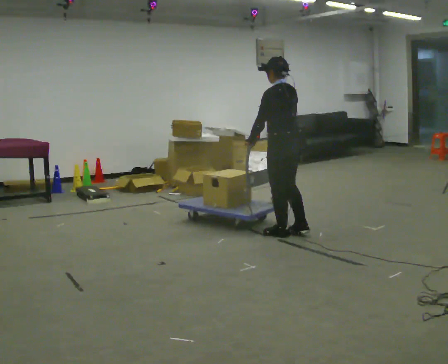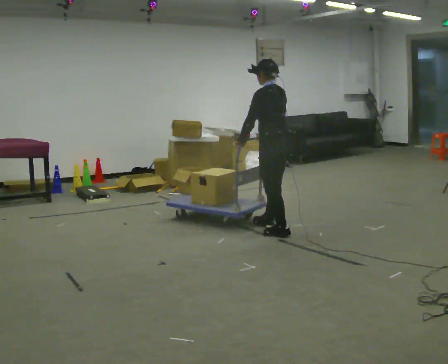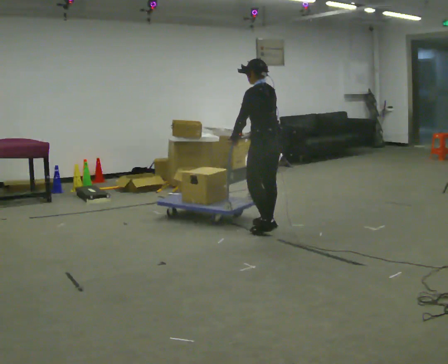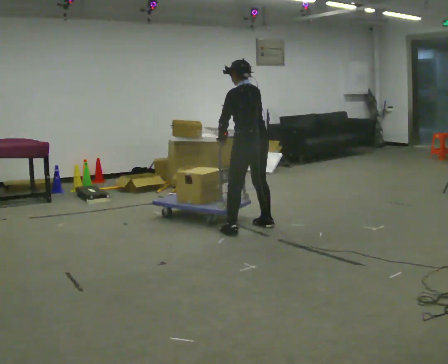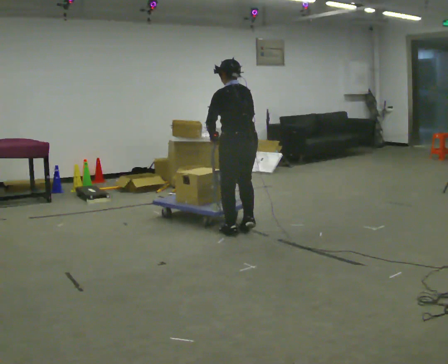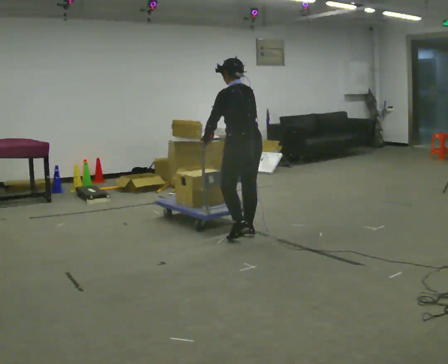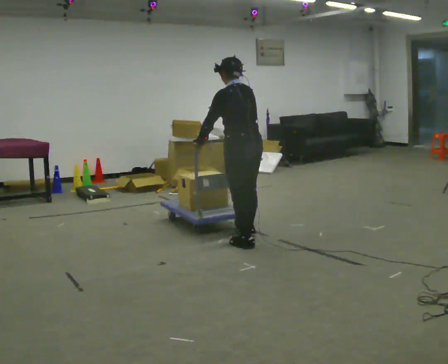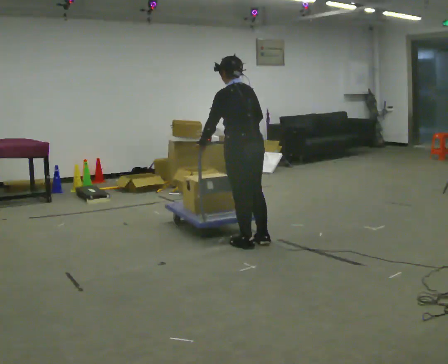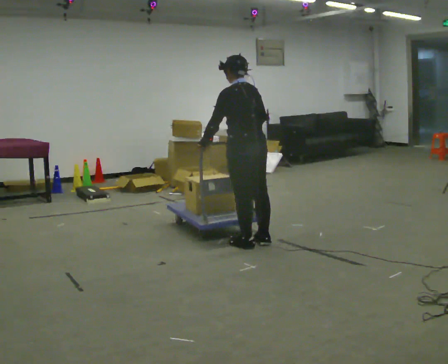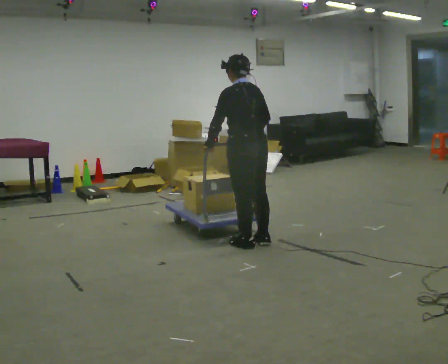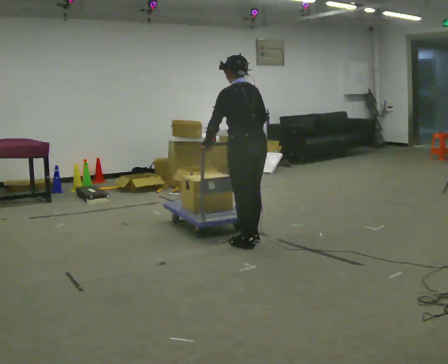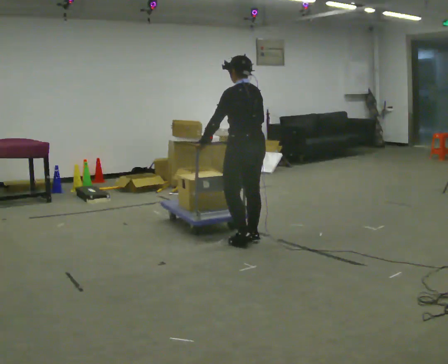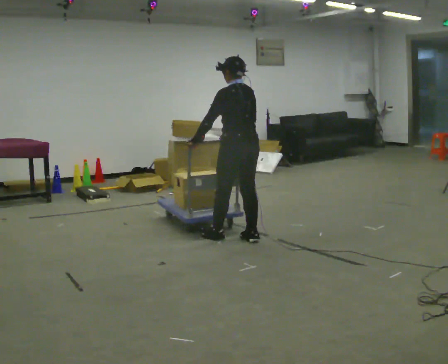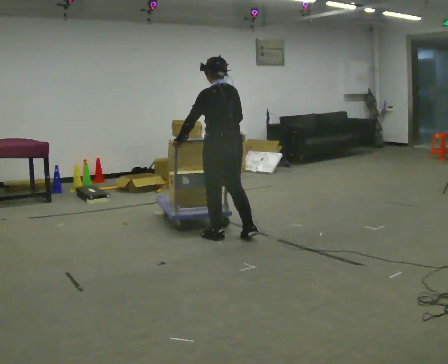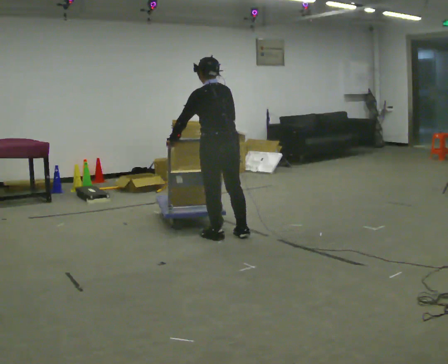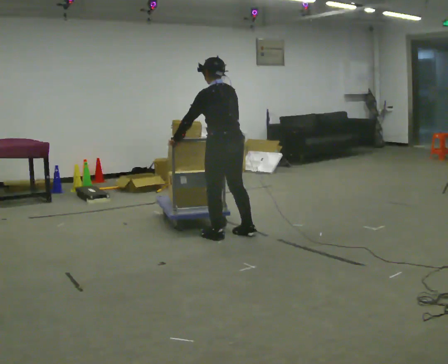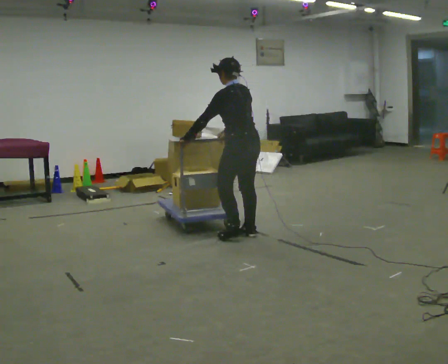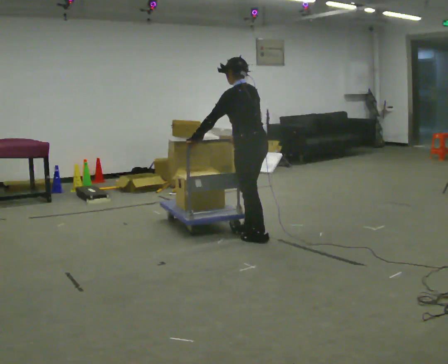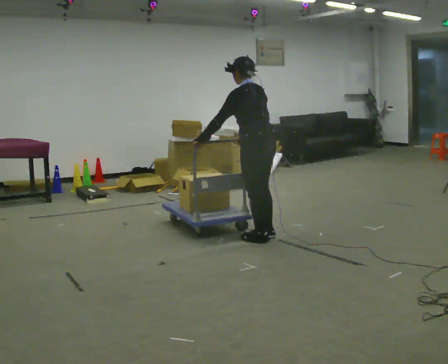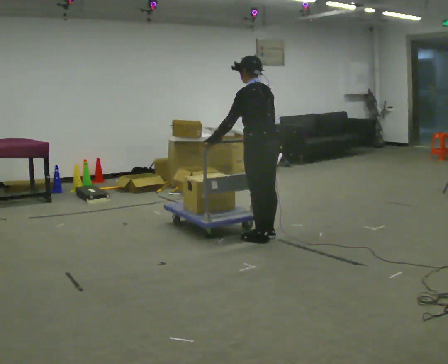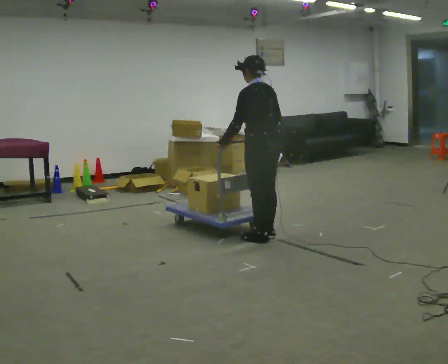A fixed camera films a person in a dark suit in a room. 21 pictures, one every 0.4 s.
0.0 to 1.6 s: In the picture they go to the left, about 0.5 m in 2 steps, which for them is forward and to their left.
1.6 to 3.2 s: In the picture they go toward the camera, about 0.5 m in 2 steps, which for them is backward and to their left.
3.2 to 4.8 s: In the picture they go away from the camera, about 0.25 m in 2 steps, which for them is forward.
4.8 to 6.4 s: The person moves a little, or ends about where they began.
6.4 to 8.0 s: In the picture they go to the right, about 0.25 m in 1 step, which for them is backward. In the picture their left hand goes to the right.
The film runs backward here.
